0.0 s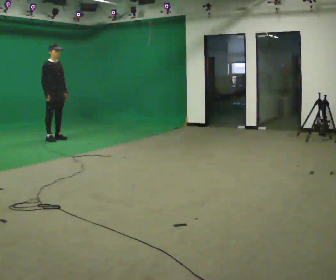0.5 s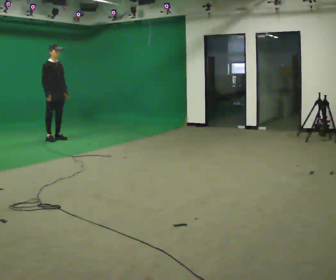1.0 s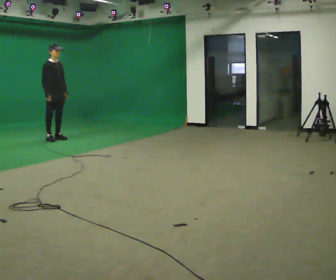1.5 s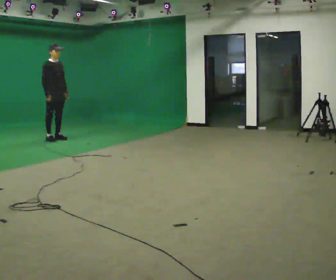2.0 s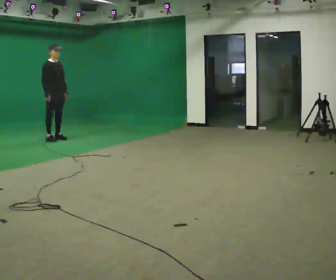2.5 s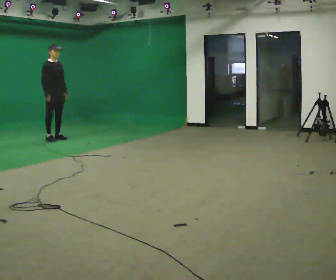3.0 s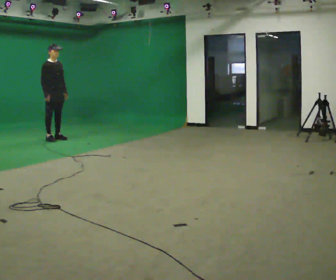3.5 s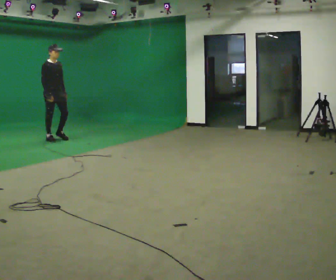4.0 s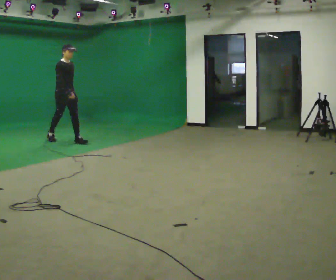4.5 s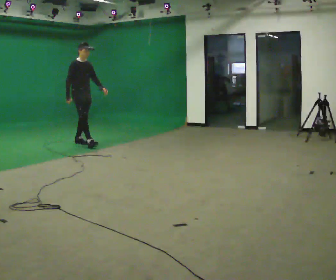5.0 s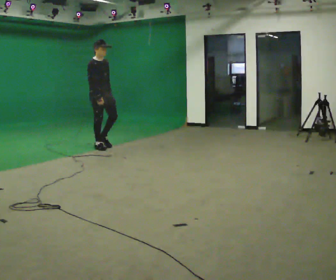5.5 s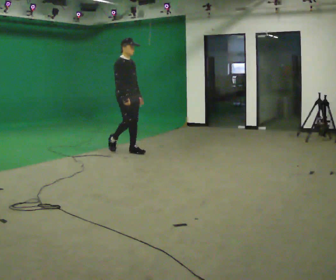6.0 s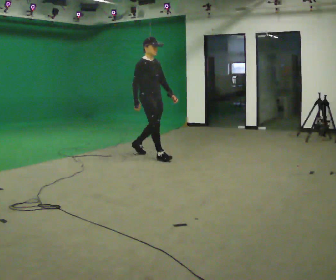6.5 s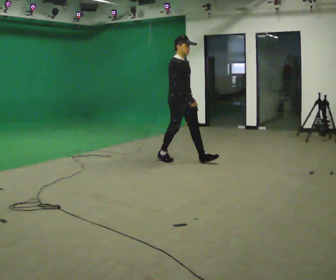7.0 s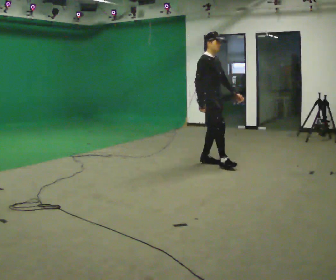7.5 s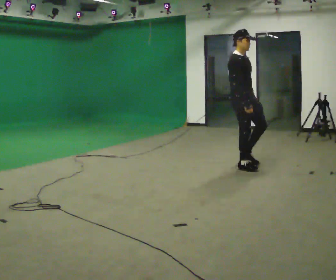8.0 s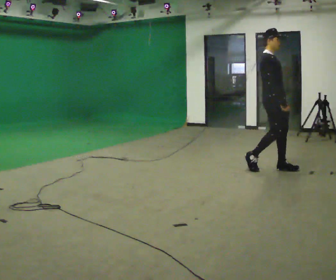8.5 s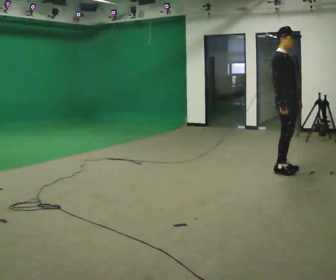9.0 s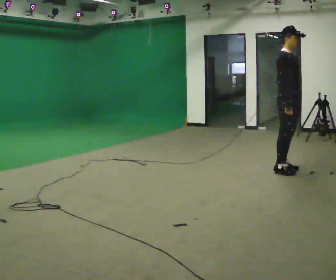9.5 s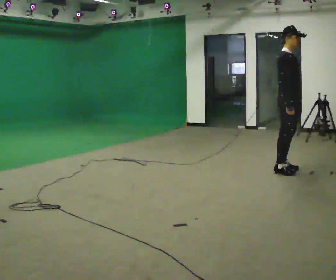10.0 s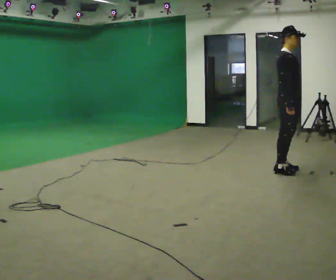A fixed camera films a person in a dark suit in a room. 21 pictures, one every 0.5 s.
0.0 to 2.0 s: The person keeps their place and pose.
2.0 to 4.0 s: In the picture they go toward the camera and to the right, about 0.25 m in 1 step, which for them is forward.
4.0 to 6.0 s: In the picture they go to the right and toward the camera, about 2 m in 3 steps, which for them is forward.
6.0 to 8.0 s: In the picture they go to the right and toward the camera, about 2 m in 3 steps, which for them is forward.
8.0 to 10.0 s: In the picture they go toward the camera, about 0.25 m in 1 step, which for them is forward.
The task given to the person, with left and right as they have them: Stand still 2 s; begin walking naturally; walk forward; stop.
The film runs forward here.
